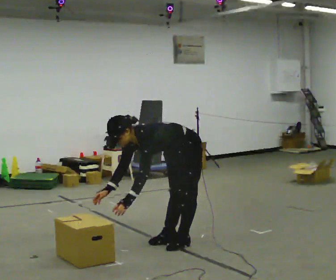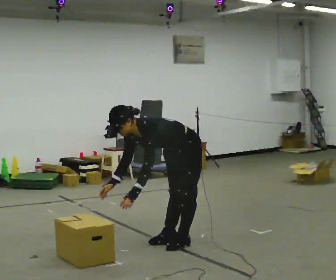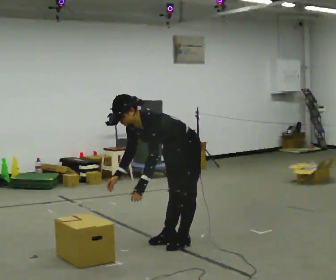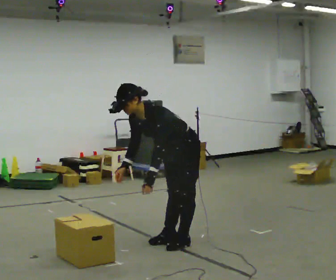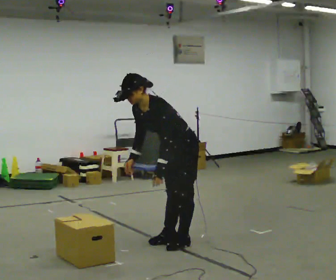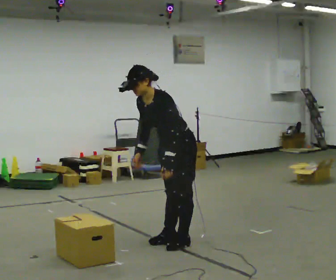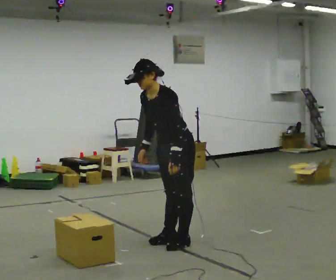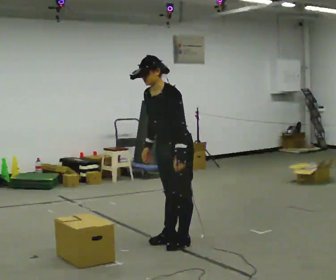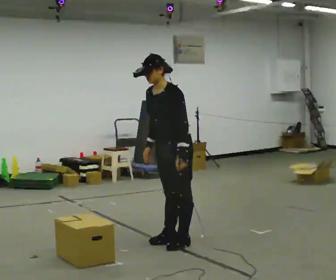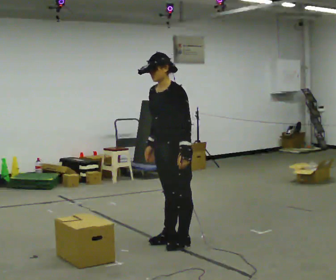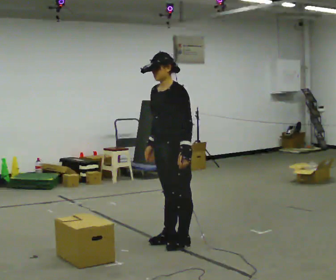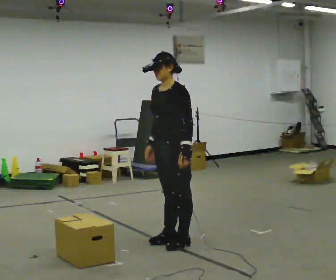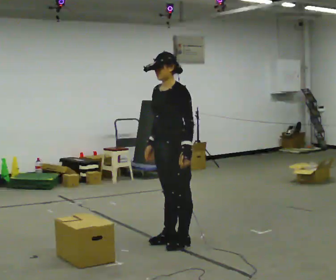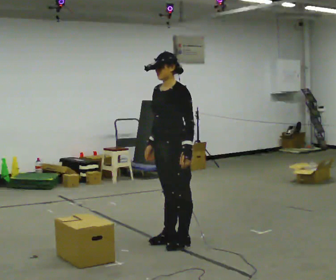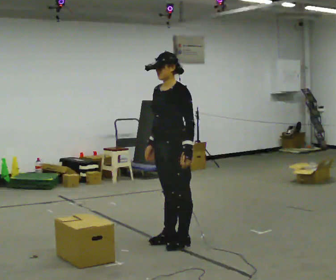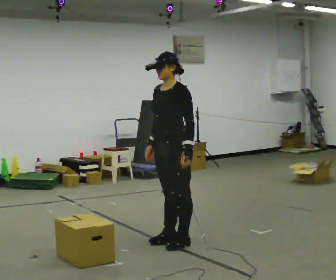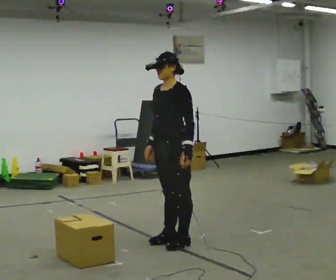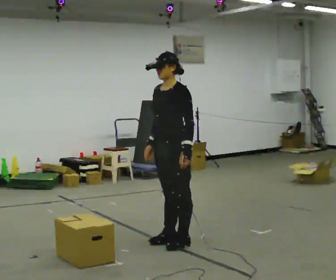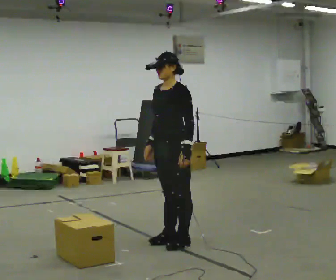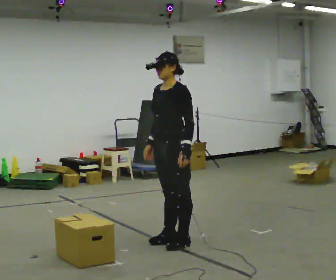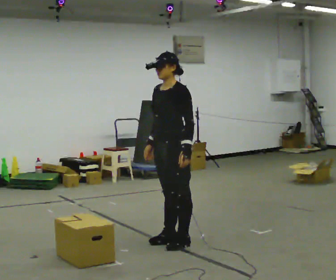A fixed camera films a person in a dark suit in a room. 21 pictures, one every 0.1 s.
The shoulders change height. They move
upward.
The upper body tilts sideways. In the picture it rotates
clockwise.
0.0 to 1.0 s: The upper body goes upward. In the picture the upper body tilts clockwise, shoulders to the right, as they lean back or straighten. In the picture their left hand goes to the right and upward.
1.0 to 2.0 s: The person moves a little, or ends about where they began.
The film runs backward here.
